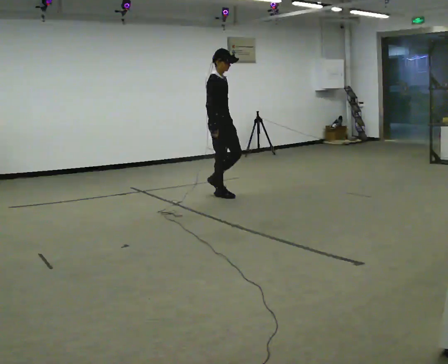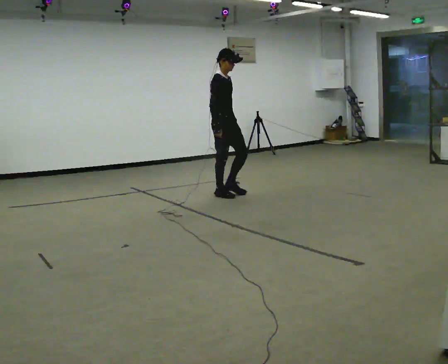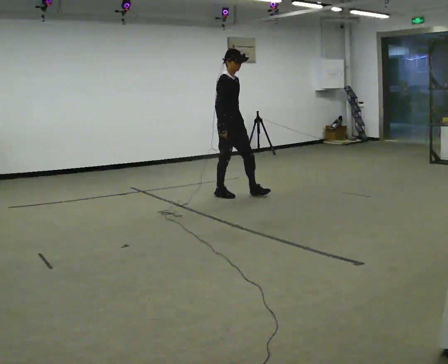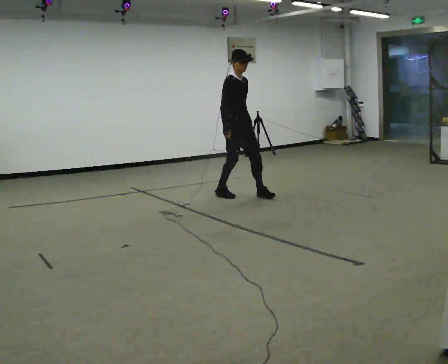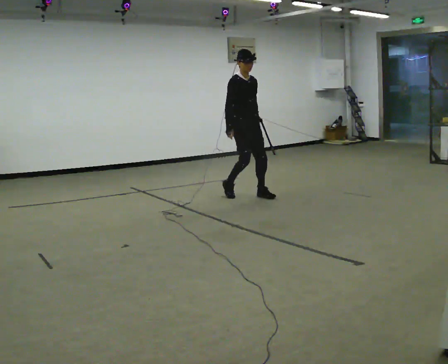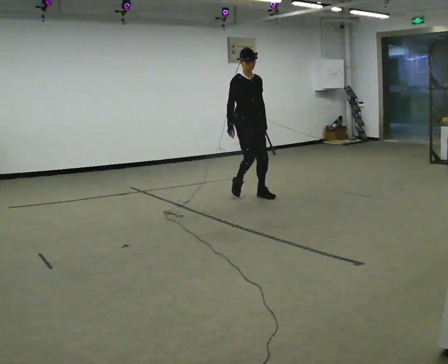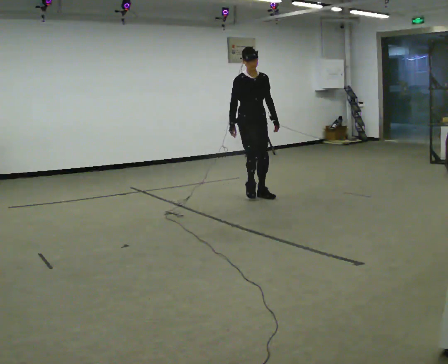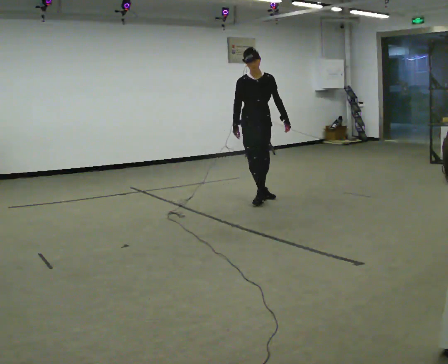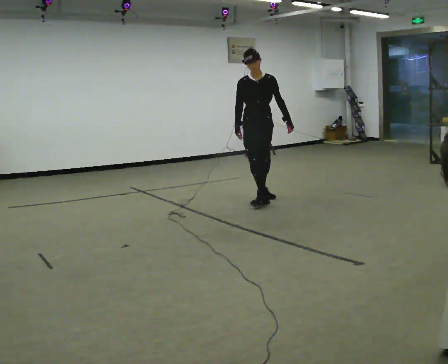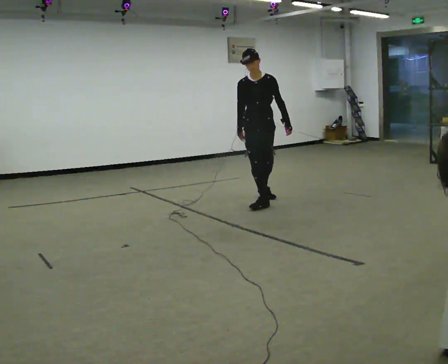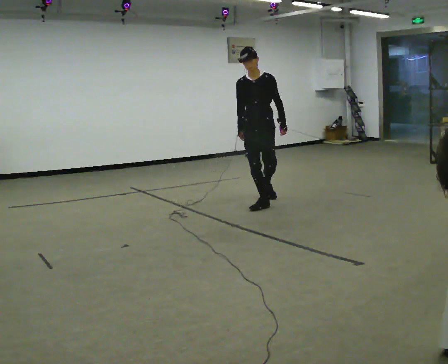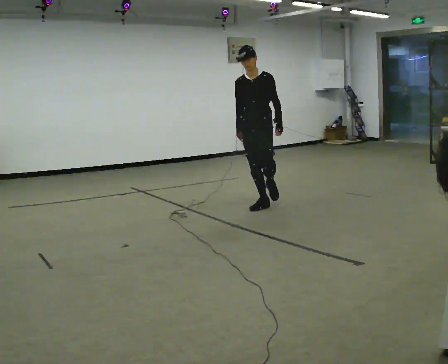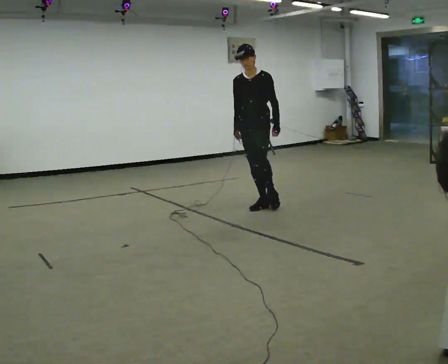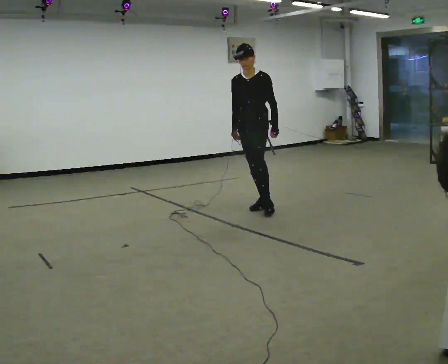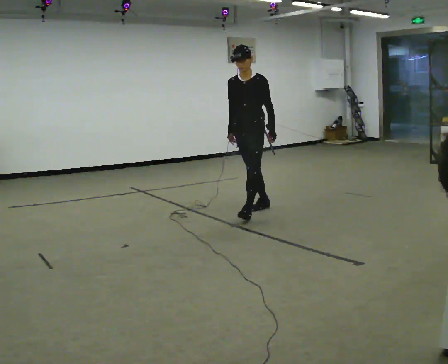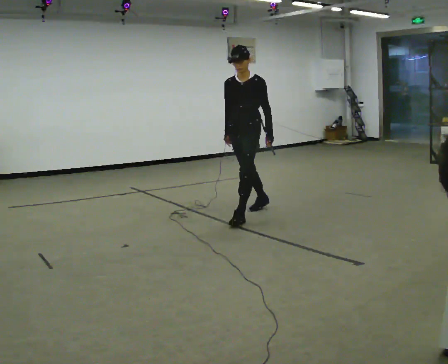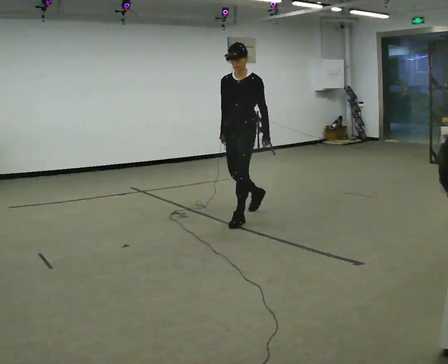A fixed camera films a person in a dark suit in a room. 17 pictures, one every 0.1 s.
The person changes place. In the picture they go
toward the camera.
The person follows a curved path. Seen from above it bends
clockwise.
0.0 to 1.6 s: The person turns about 105 degrees to their right, clockwise seen from above, so the part of the body nearest the lens slides to the left. In the picture they go toward the camera, about 1 m in 3 steps.
The film runs forward here.
